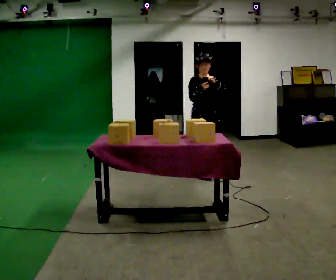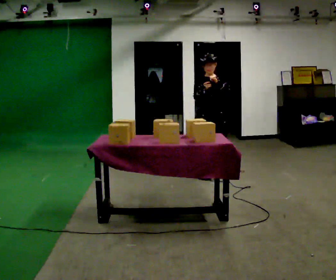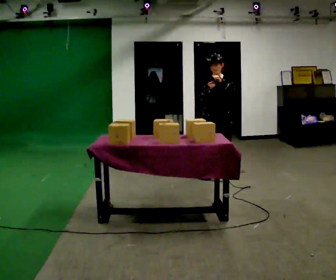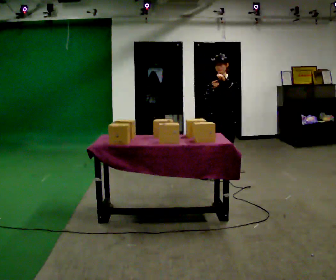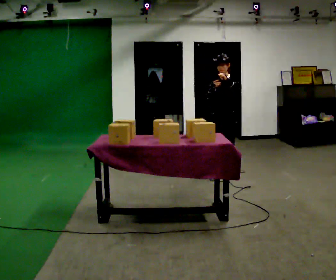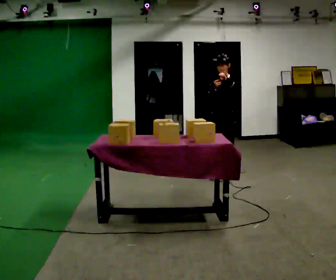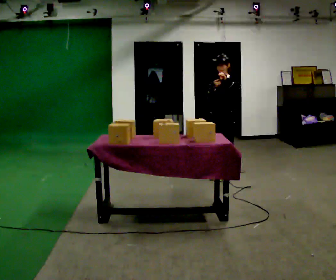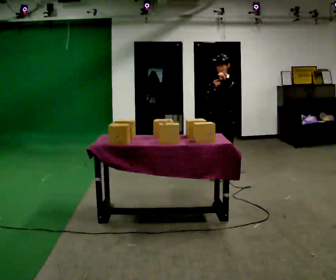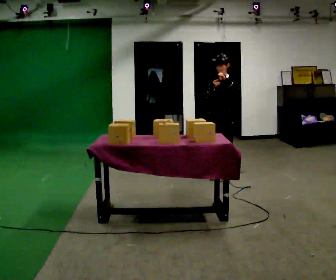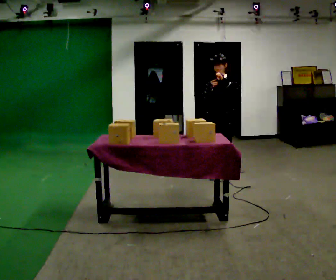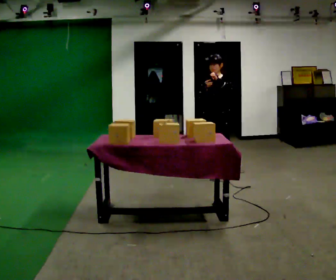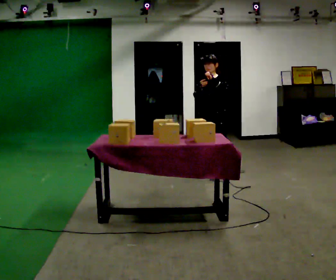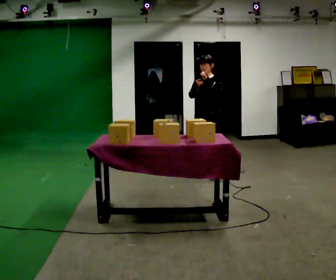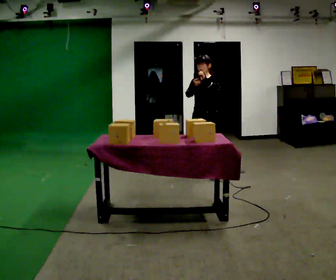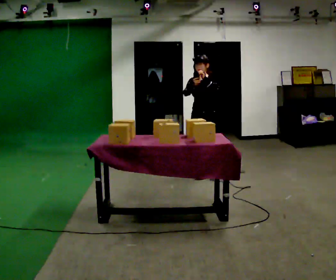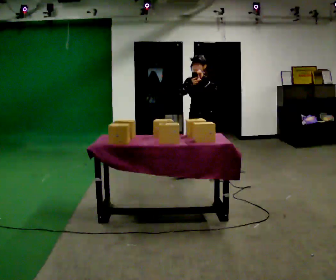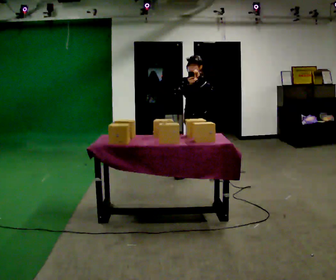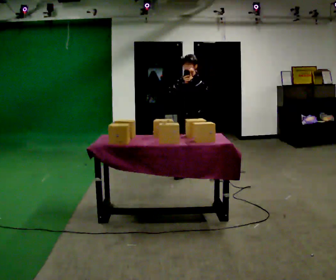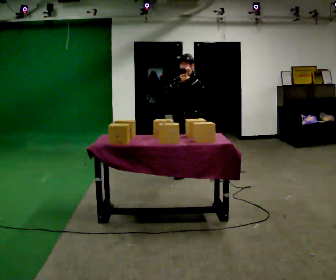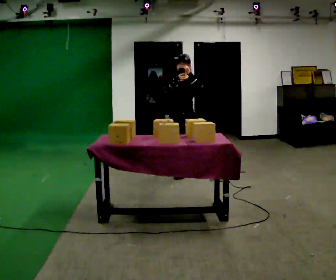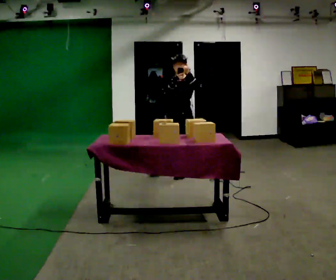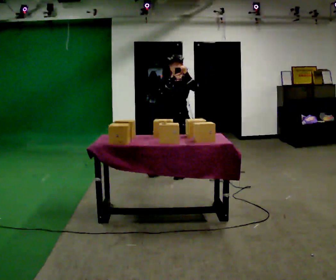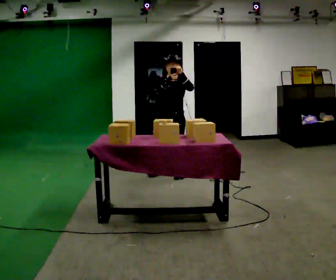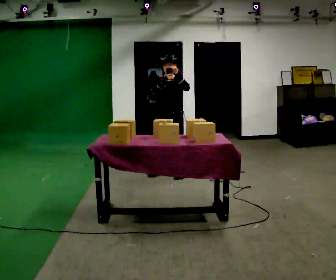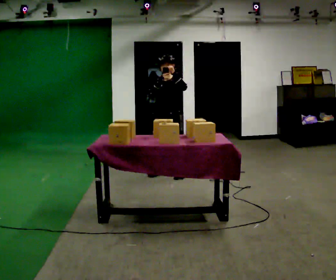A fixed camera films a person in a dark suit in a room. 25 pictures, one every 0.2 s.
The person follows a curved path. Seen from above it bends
counterclockwise.
0.0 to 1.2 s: The part of the body nearest the lens slides to the left as the person turns to their right by about 45 degrees. In the picture they go to the right, about 0.25 m in 2 steps, which for them is to their left and backward.
1.2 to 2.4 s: In the picture they go to the left, about 0.25 m, which for them is to their right.
2.4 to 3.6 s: In the picture they go to the left, about 0.25 m in 1 step, which for them is forward.
3.6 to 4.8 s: The person turns about 30 degrees to their left, counterclockwise seen from above, so the part of the body nearest the lens slides to the right. In the picture they go to the left, about 0.25 m in 1 step, which for them is to their right and forward.
The film runs forward here.
